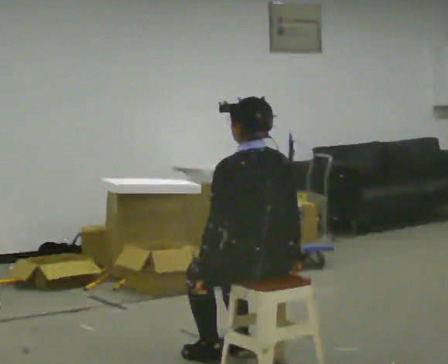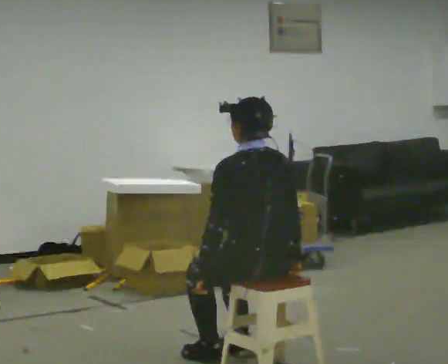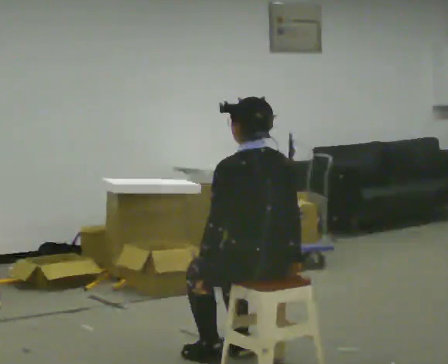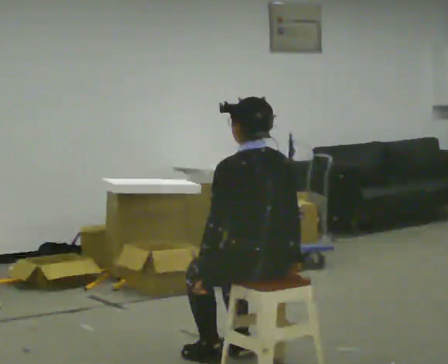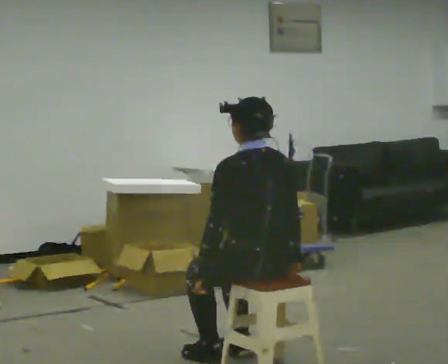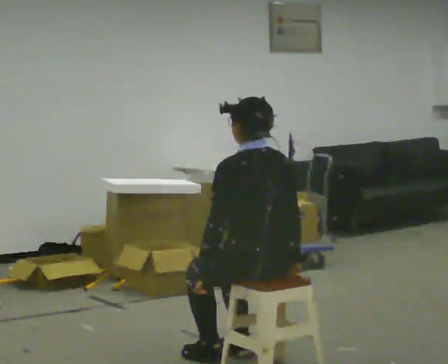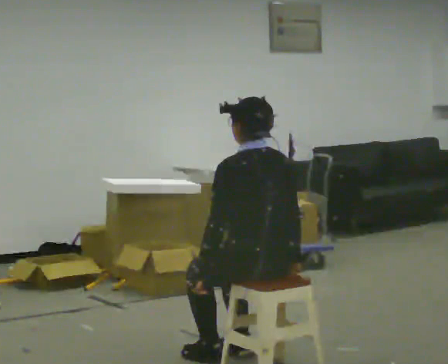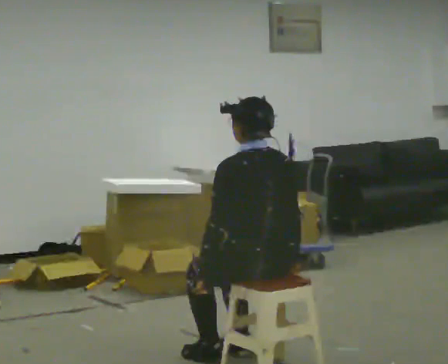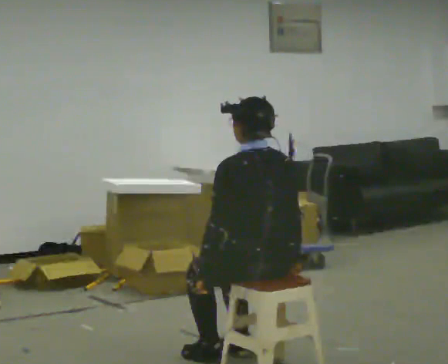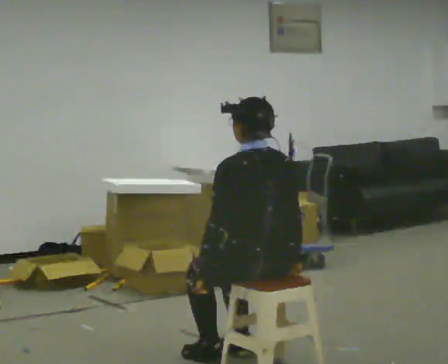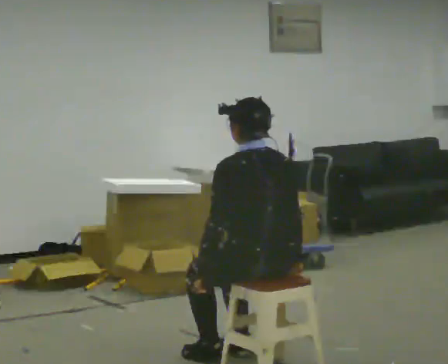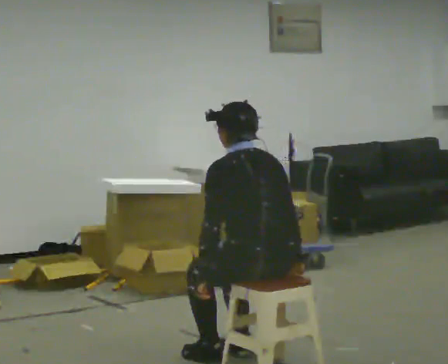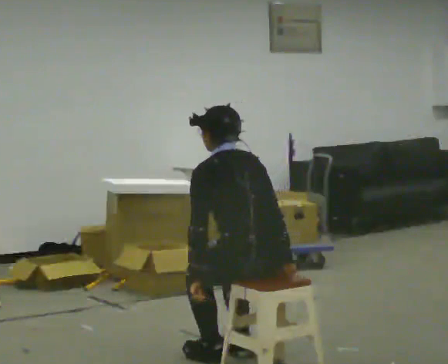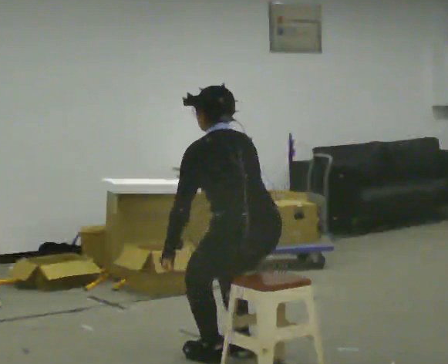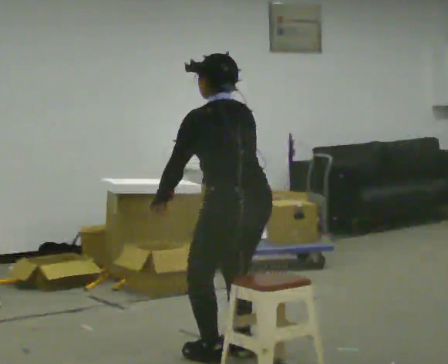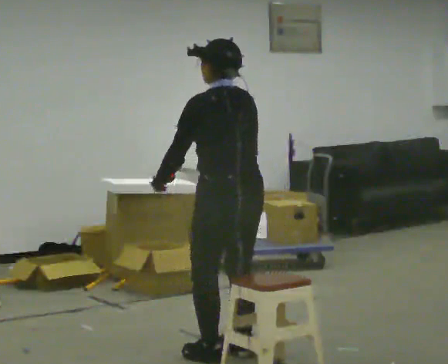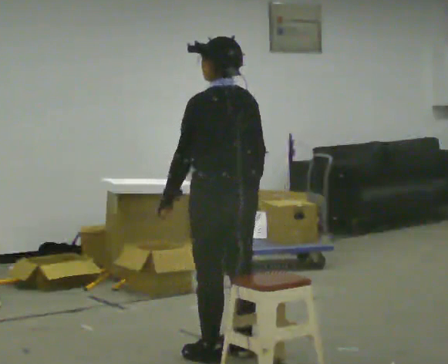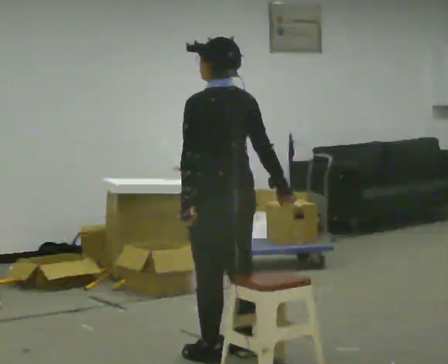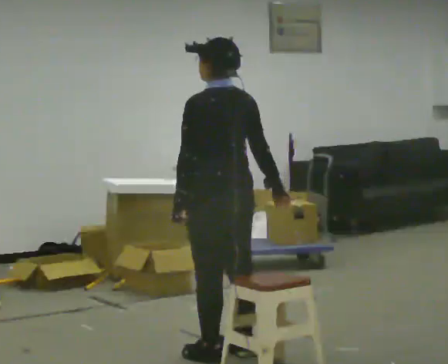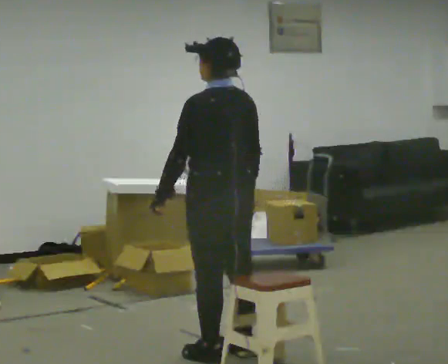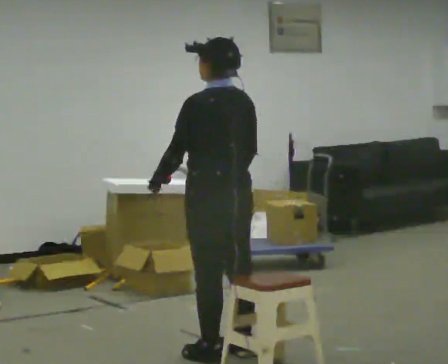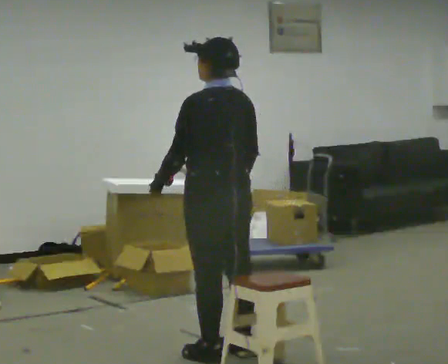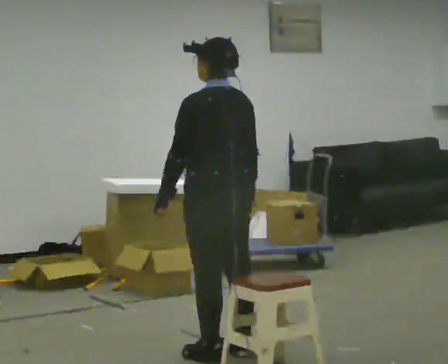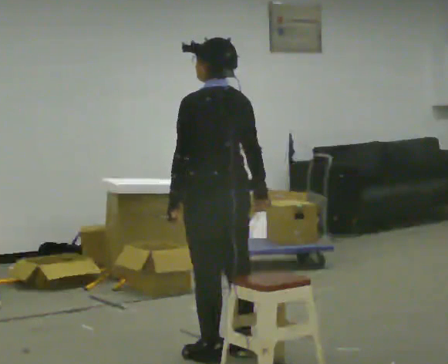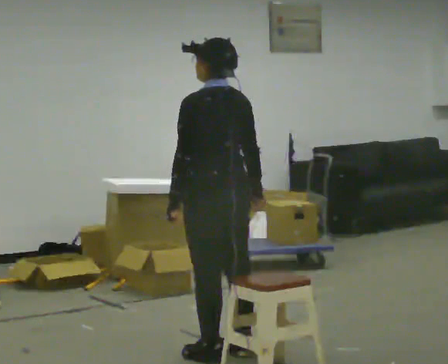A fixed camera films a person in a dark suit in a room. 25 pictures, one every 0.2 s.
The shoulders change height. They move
upward.
0.0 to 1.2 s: The person keeps their place and pose.
1.2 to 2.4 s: The upper body tips away from the camera, its near side rolling upward, as they bend forward.
2.4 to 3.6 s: In the picture they go away from the camera and to the left, about 0.25 m, which for them is forward. The upper body goes upward. The upper body tips toward the camera, its near side rolling downward, as they lean back or straighten. In the picture their left hand goes upward.
3.6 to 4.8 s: The person moves a little, or ends about where they began.
The film runs forward here.
